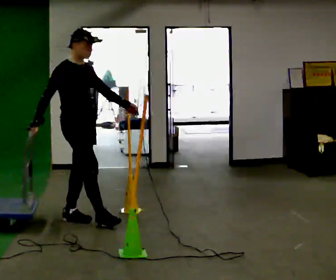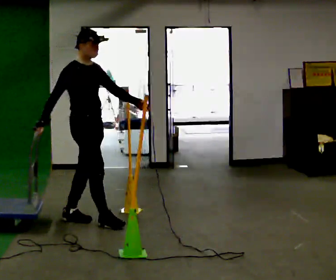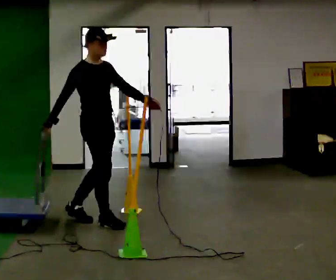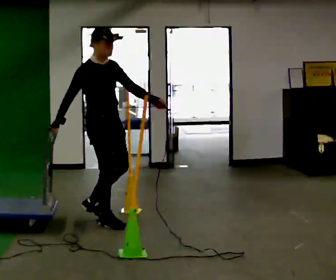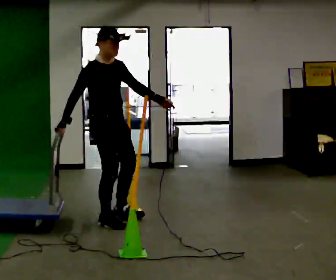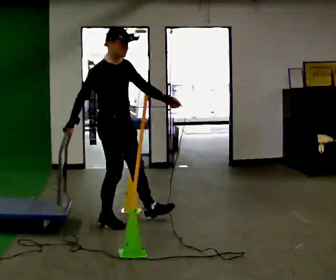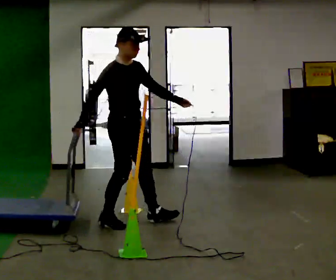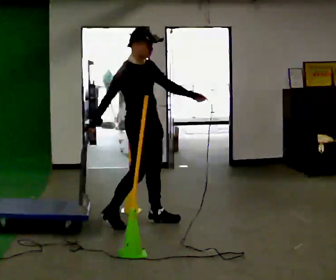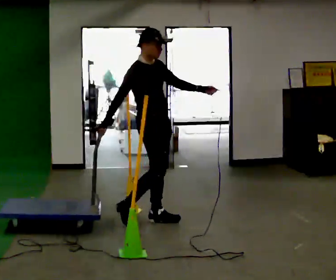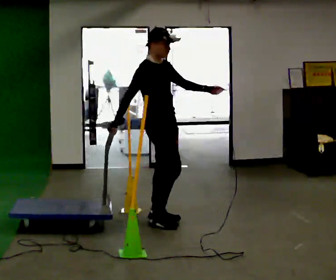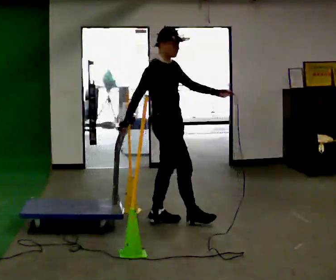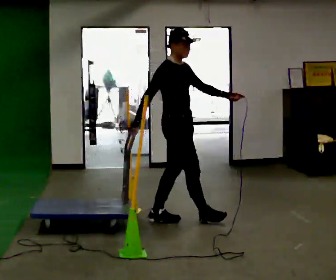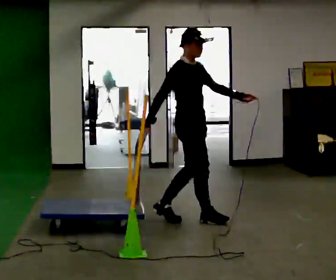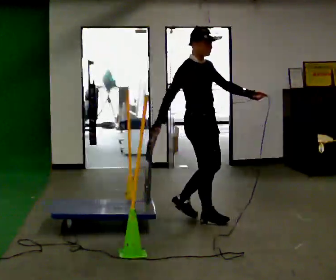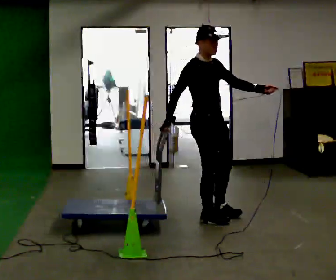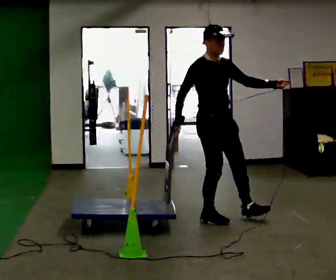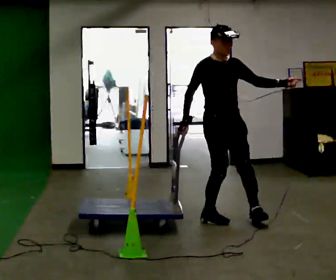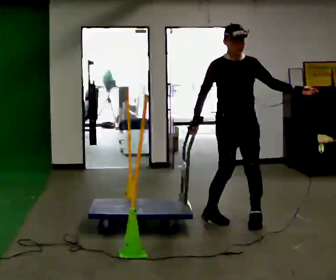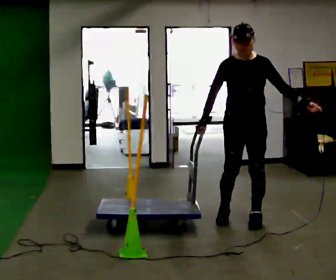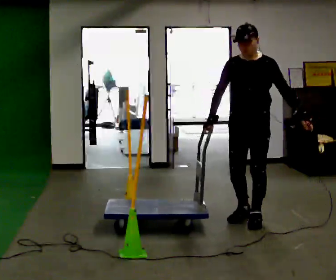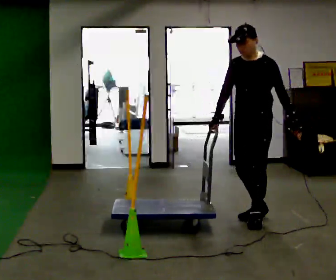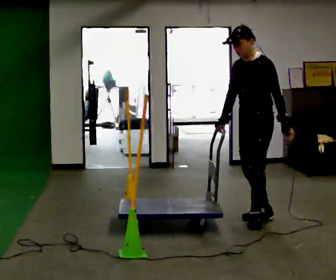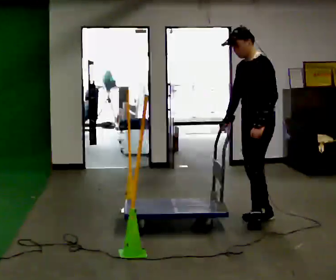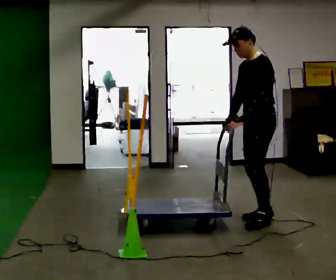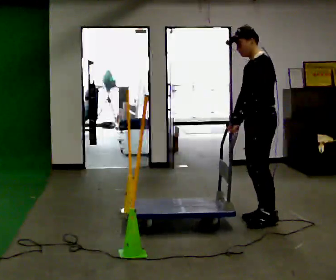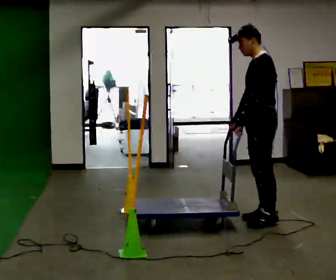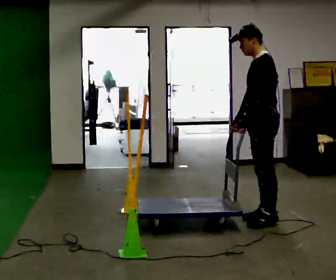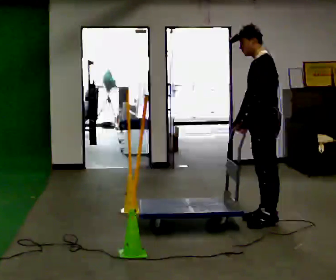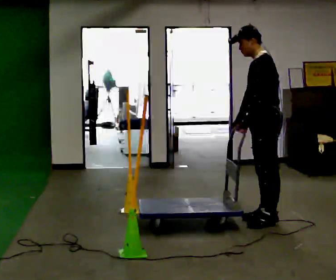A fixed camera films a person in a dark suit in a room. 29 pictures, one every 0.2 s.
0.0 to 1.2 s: In the picture they go to the right, about 0.5 m in 2 steps, which for them is forward.
1.2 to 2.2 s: In the picture they go to the right, about 0.5 m in 1 step, which for them is forward and to their left.
2.2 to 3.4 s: Seen from above the body turns clockwise, about 60 degrees: to their right, with its near side sliding to the left. In the picture they go to the right, about 0.5 m in 1 step.
3.4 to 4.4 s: The person turns about 90 degrees to their right, clockwise seen from above, so the part of the body nearest the lens slides to the left. In the picture they go to the right, about 0.25 m in 1 step. In the picture their left hand goes to the left, the arm swinging clockwise.
4.4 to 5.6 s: The person moves a little, or ends about where they began.
The film runs forward here.
